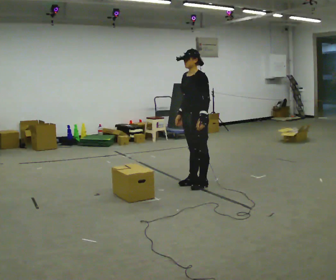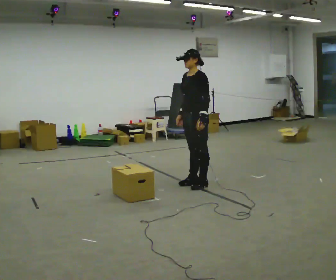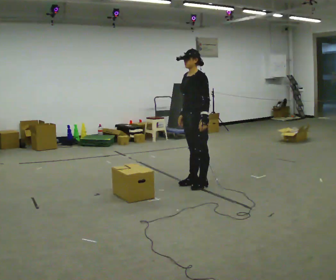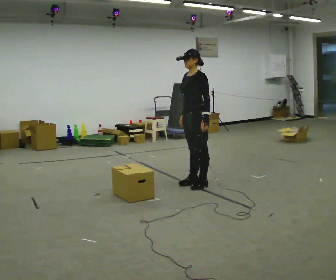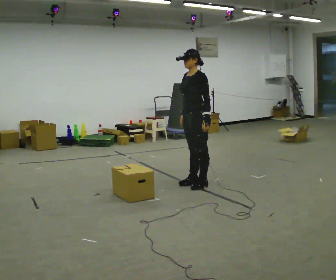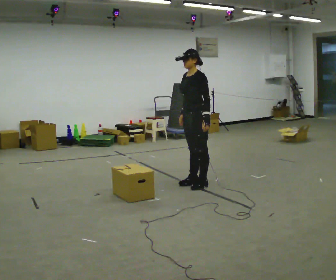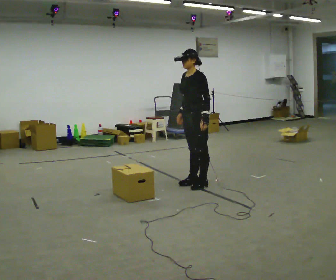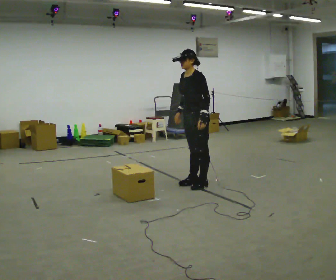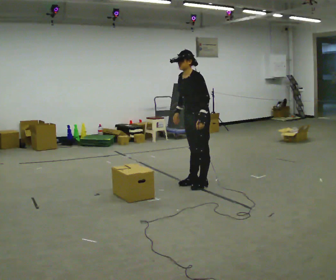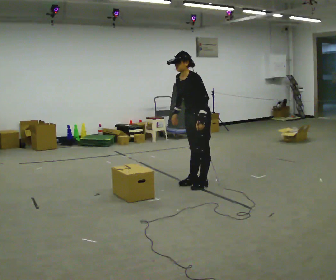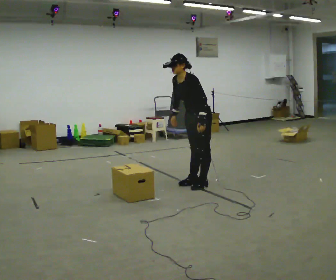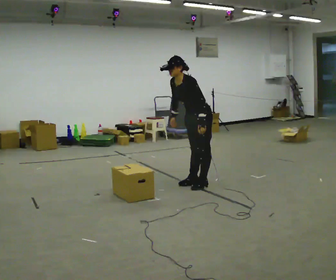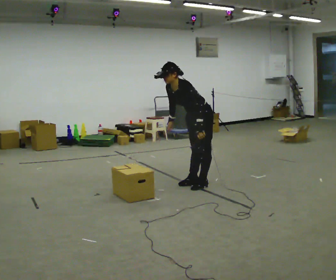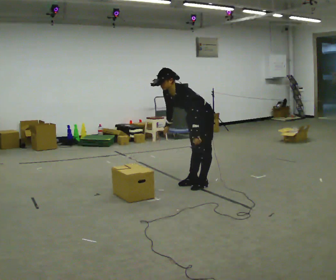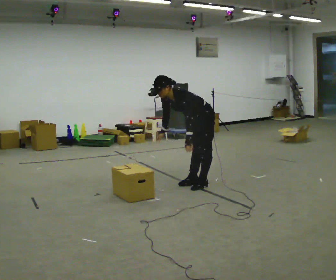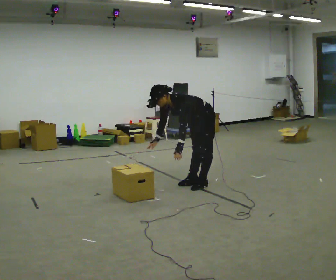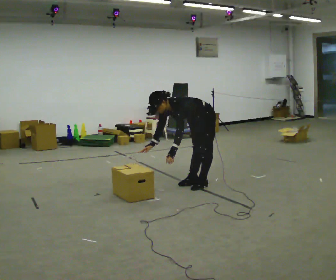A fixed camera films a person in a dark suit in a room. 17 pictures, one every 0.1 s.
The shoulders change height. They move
downward.
0.0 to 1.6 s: The upper body goes downward. In the picture the upper body tilts counterclockwise, shoulders to the left, as they bend forward.
The film runs backward here.
